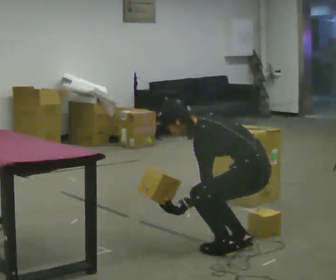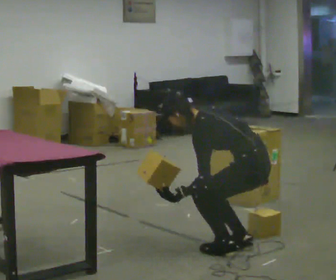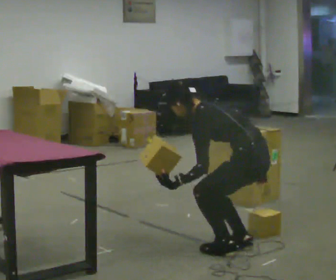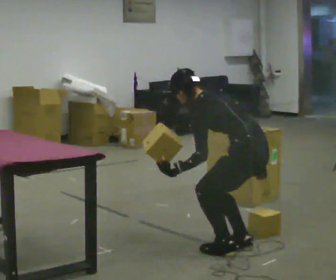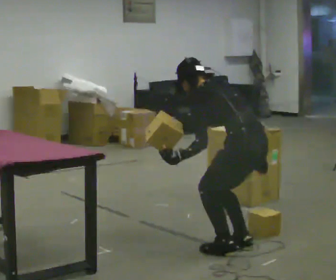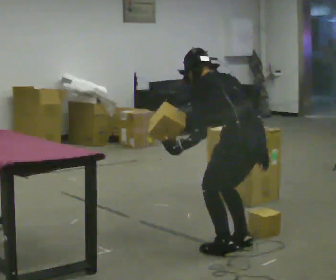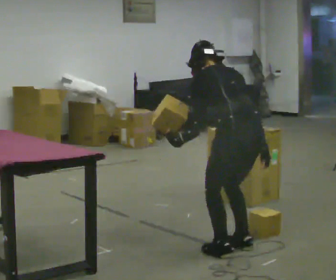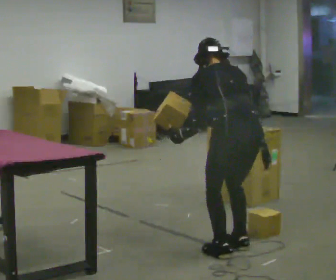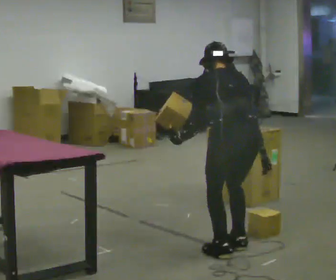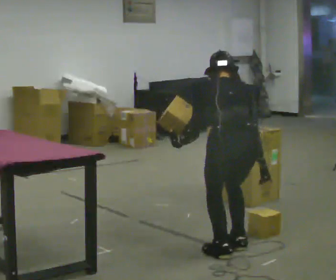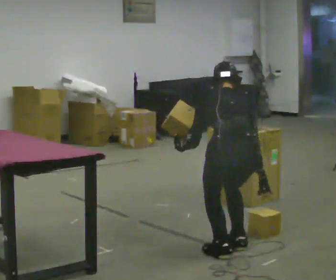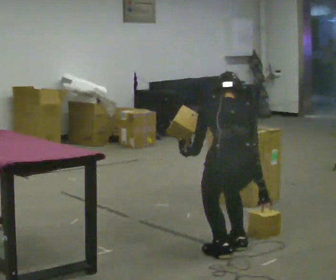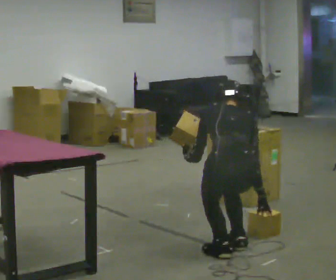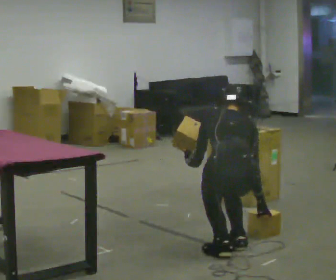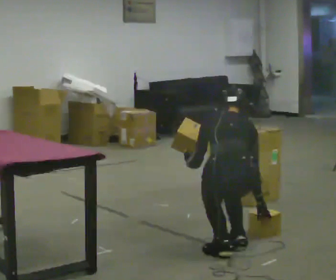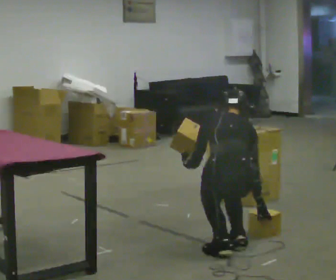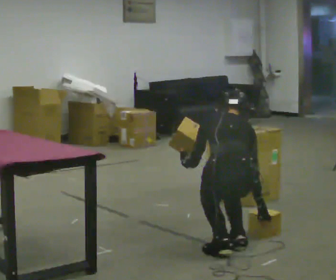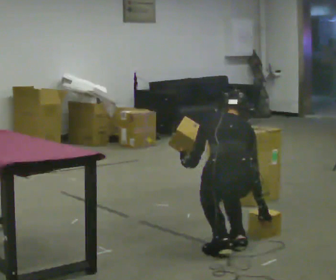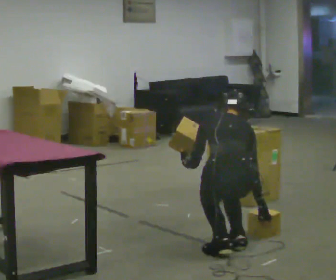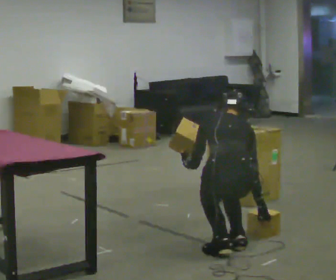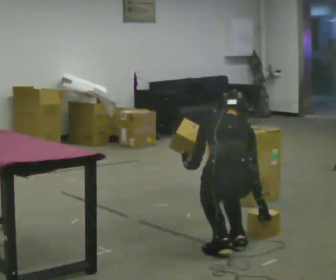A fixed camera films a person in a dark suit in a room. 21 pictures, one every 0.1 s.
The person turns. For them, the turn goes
to their right.
The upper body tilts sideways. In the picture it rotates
clockwise.
0.0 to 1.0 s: Seen from above the body turns clockwise, about 60 degrees: to their right, with its near side sliding to the left. In the picture they go to the left, about 0.25 m. In the picture the upper body tilts clockwise, shoulders to the right.
1.0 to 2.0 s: The upper body goes downward.
The film runs forward here.
